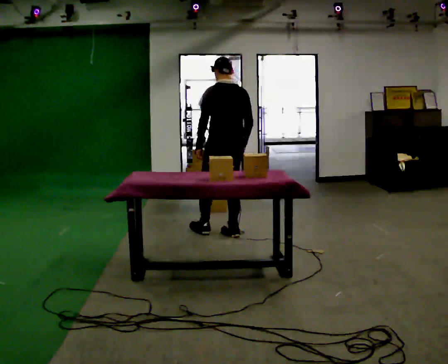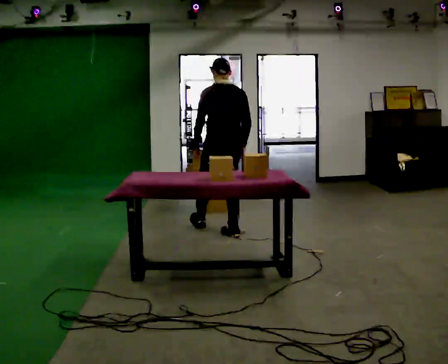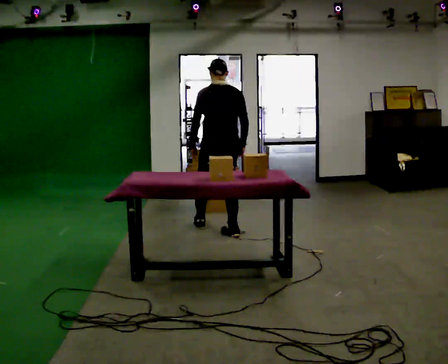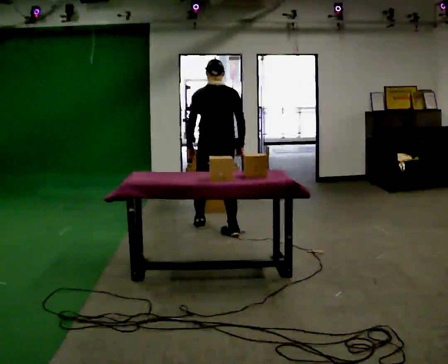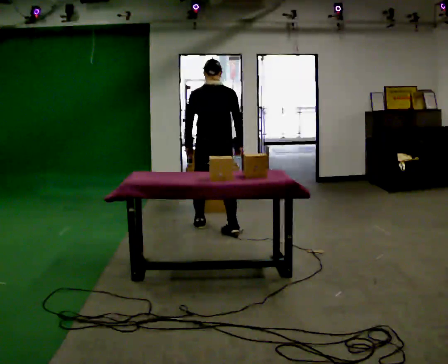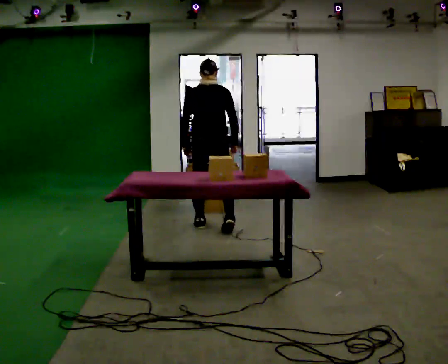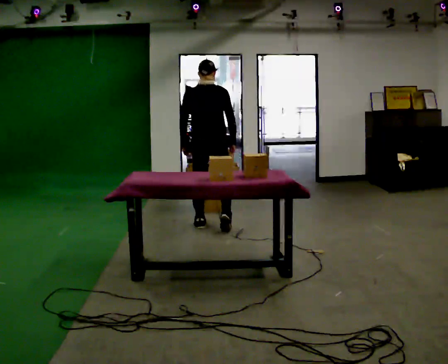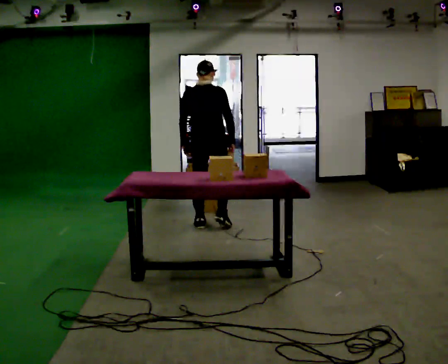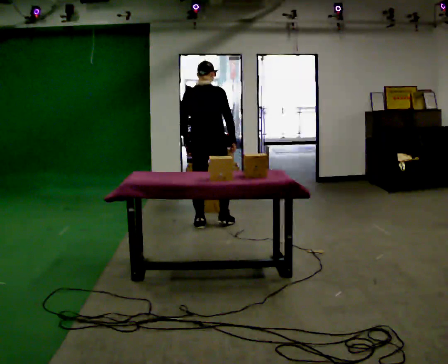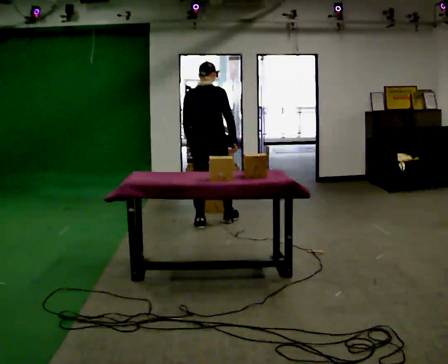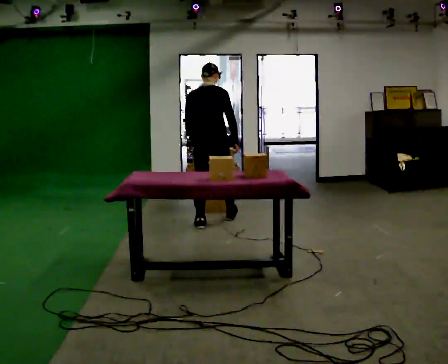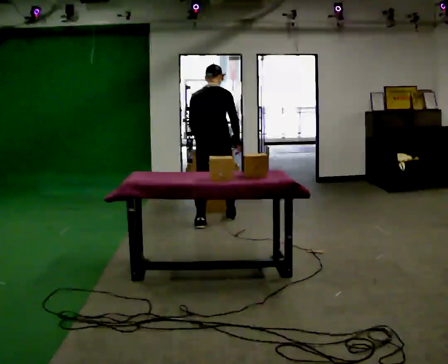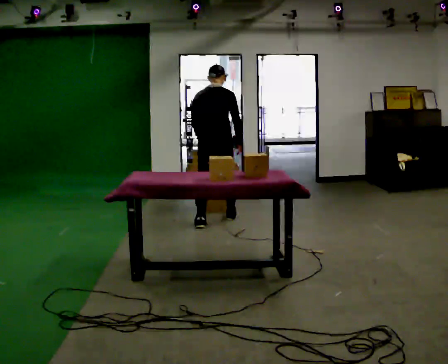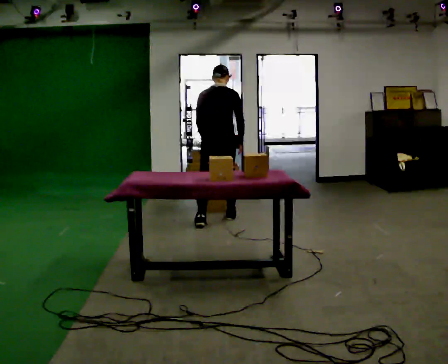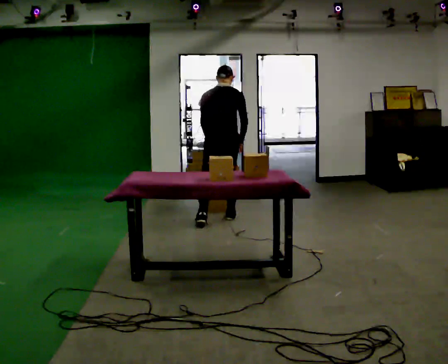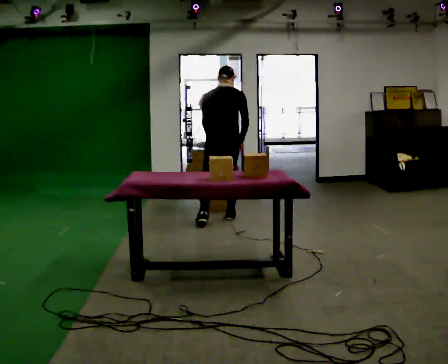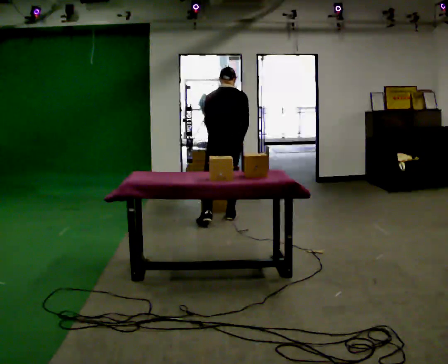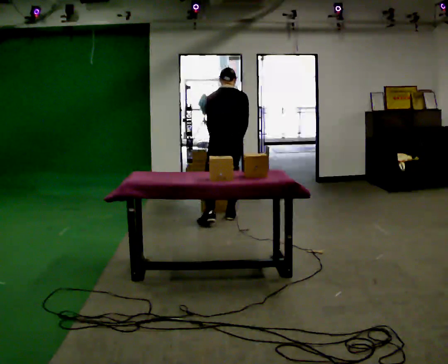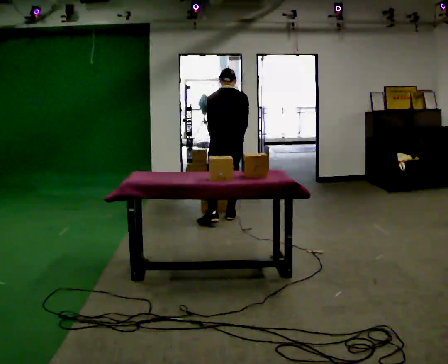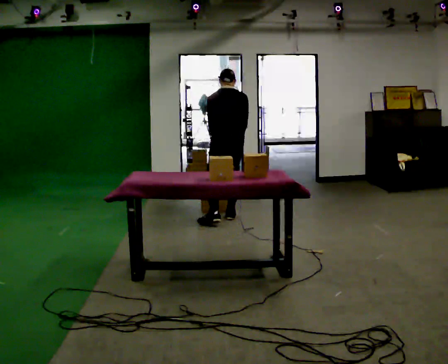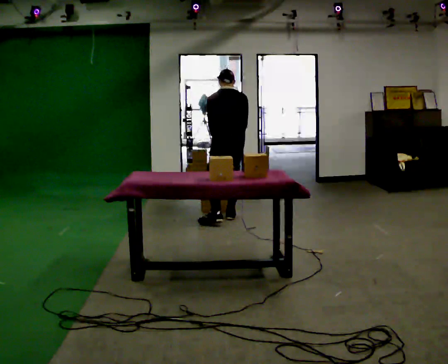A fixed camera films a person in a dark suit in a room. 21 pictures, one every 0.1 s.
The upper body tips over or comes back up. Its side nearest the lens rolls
upward.
0.0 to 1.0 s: Seen from above the body turns clockwise, about 45 degrees: to their right, with its near side sliding to the left. In the picture they go away from the camera and to the left, about 0.5 m in 1 step, which for them is forward and to their left.
1.0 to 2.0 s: The part of the body nearest the lens slides to the right as the person turns to their left by about 30 degrees. In the picture they go away from the camera and to the right, about 0.25 m in 2 steps, which for them is forward and to their right. The upper body tips away from the camera, its near side rolling upward, as they bend forward.
The film runs forward here.
